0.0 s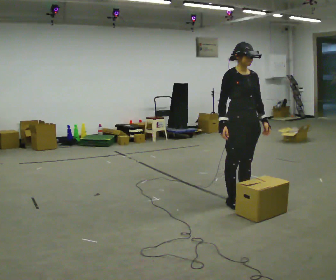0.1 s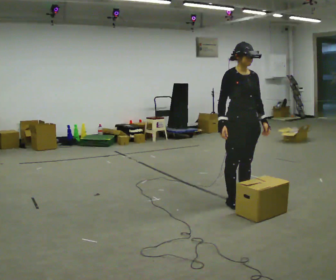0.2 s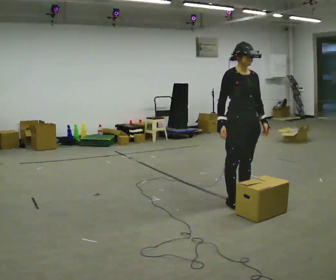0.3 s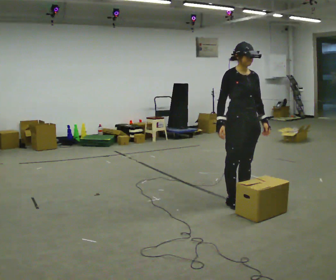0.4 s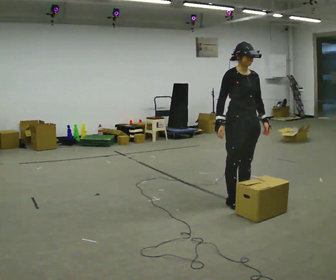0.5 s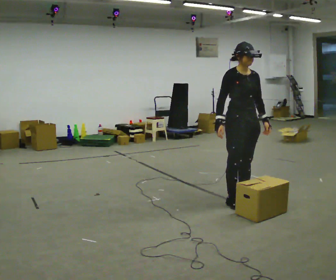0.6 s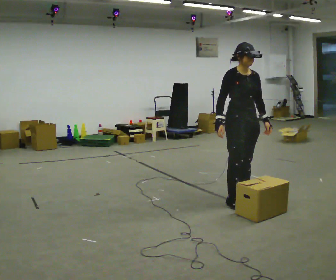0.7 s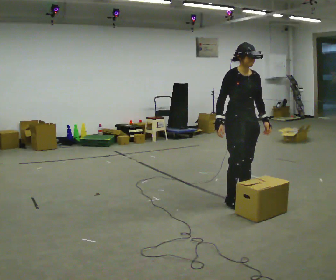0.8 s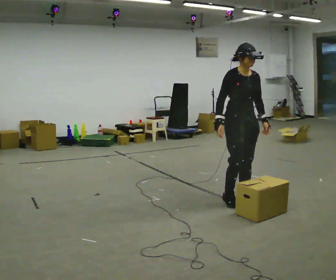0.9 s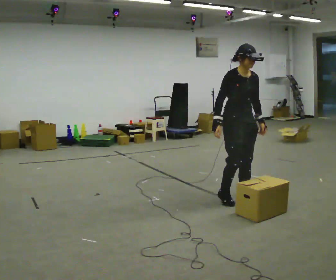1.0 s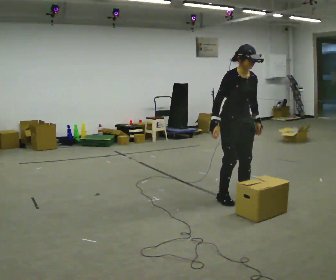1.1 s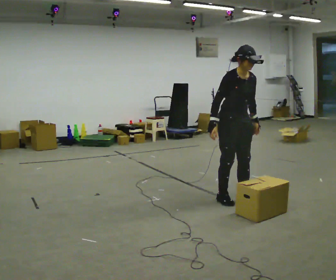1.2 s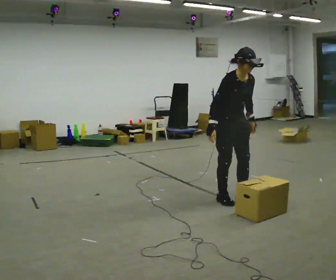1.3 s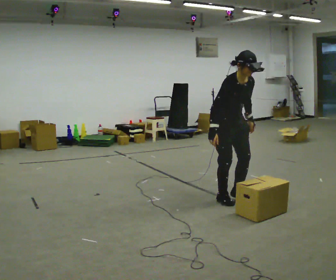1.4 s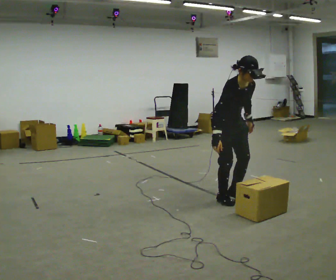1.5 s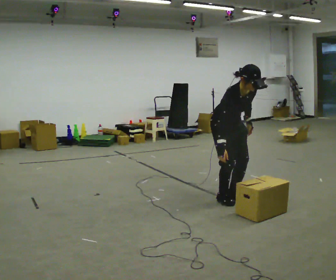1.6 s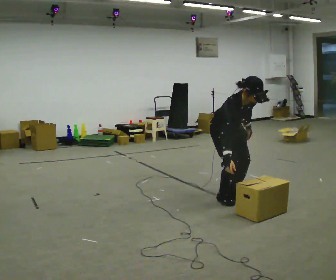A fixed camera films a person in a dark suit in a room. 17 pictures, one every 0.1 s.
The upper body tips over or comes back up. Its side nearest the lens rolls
downward.
The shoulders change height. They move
downward.
0.0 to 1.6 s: In the picture they go away from the camera and to the left, about 0.25 m in 1 step, which for them is backward. The shoulders move downward. The upper body tips toward the camera, its near side rolling downward, as they bend forward.
The film runs backward here.
